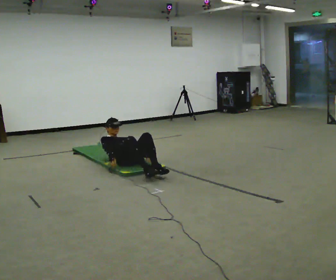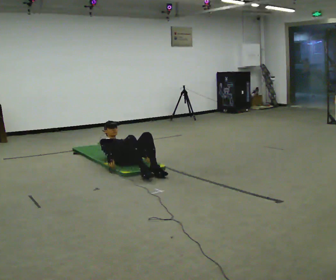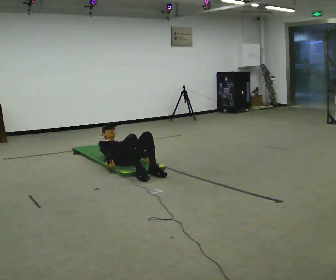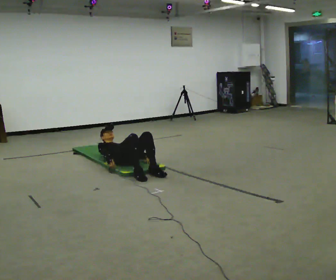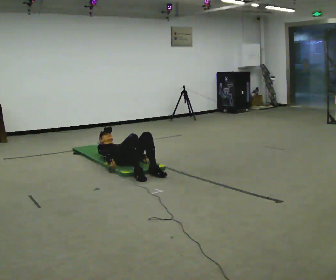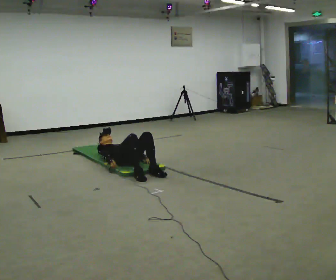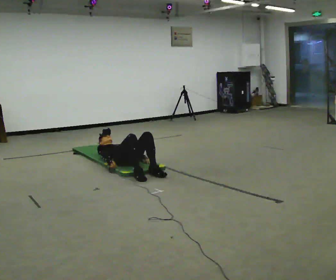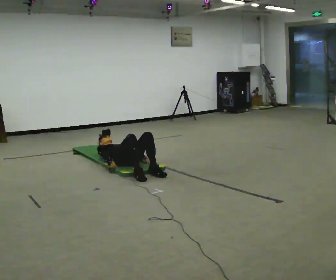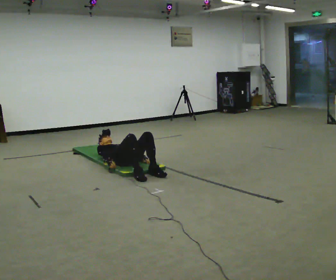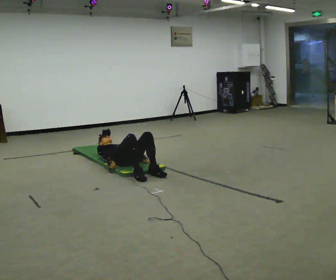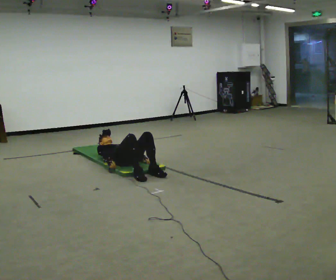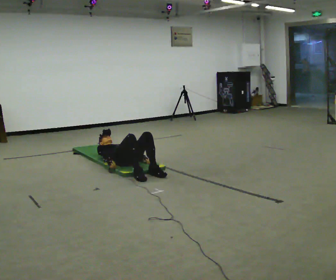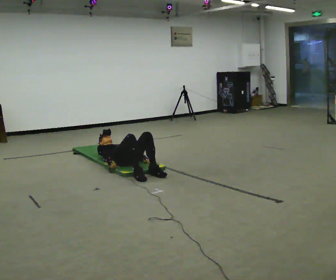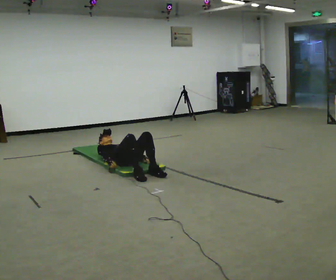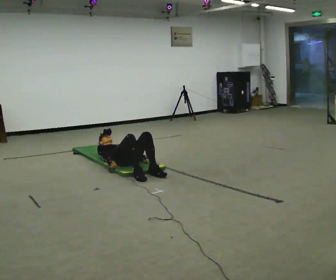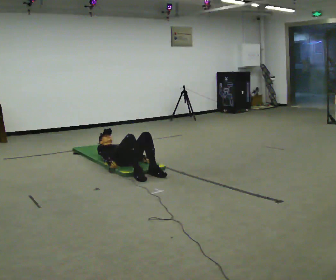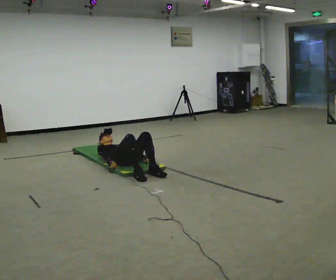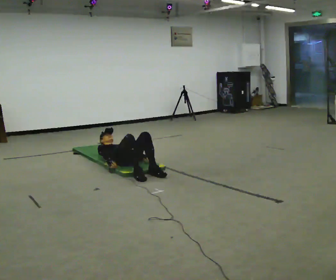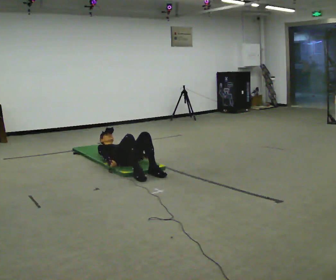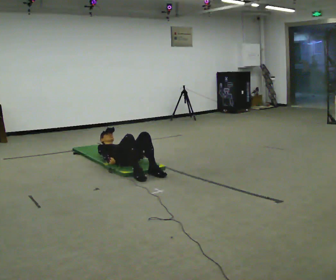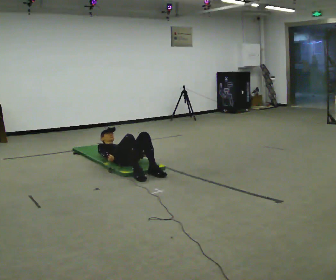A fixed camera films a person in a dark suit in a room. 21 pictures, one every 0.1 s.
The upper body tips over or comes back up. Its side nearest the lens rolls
upward.
0.0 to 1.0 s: The shoulders move downward. The upper body tips away from the camera, its near side rolling upward, as they lean back or straighten.
1.0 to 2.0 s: The person moves a little, or ends about where they began.
The film runs backward here.
